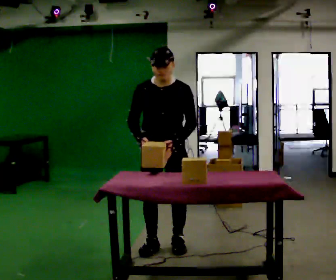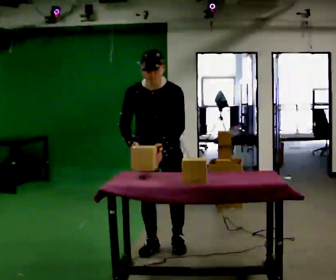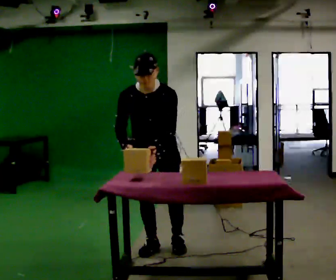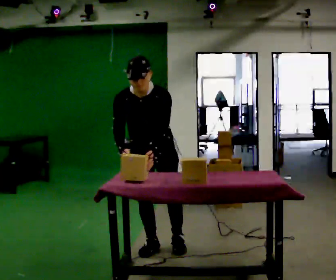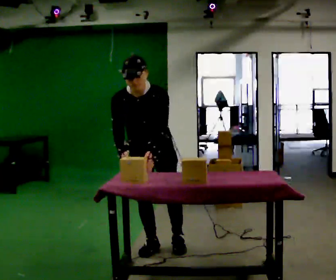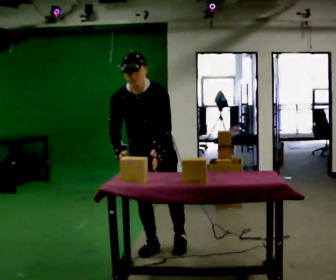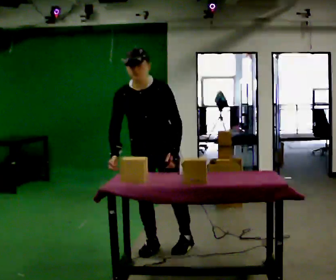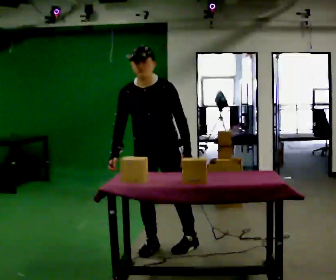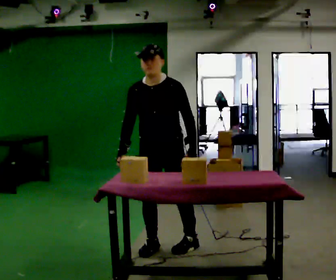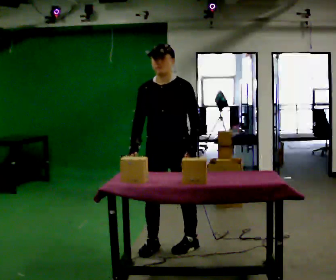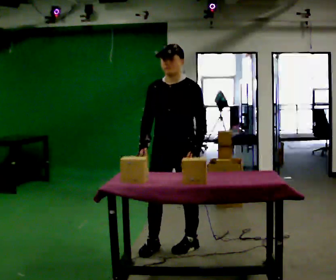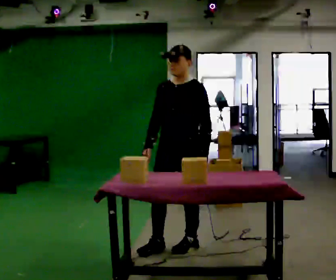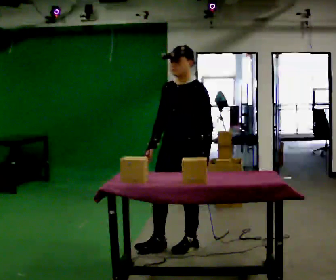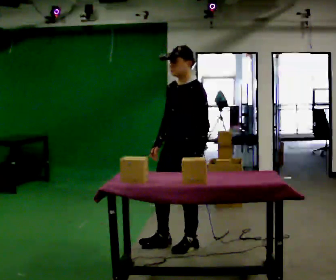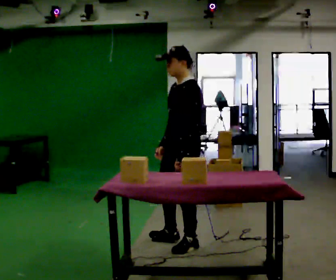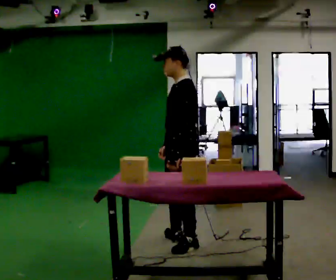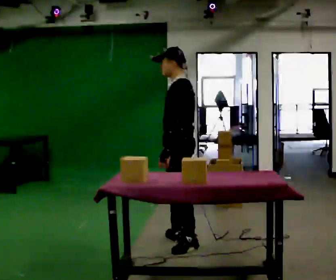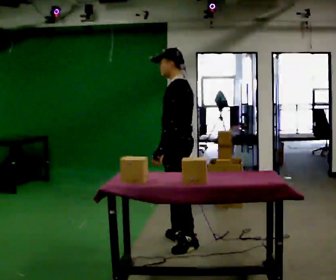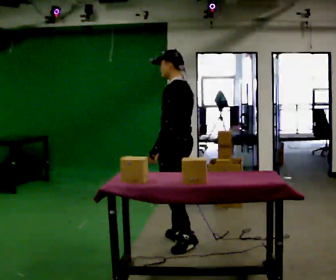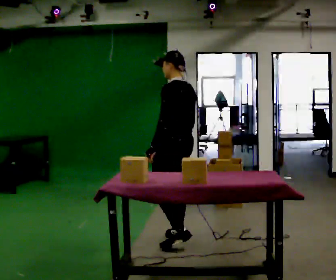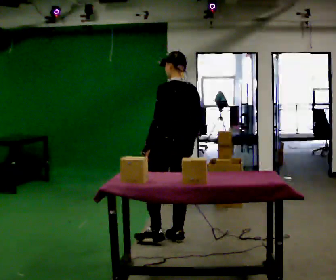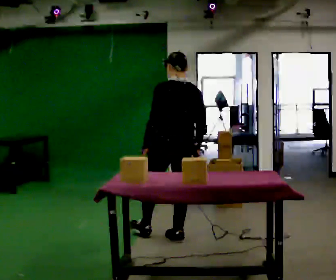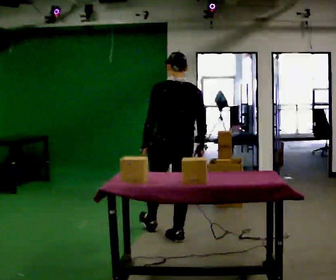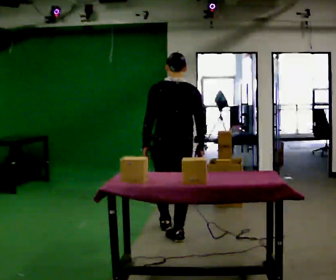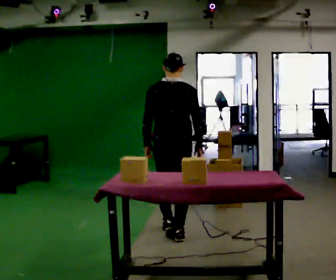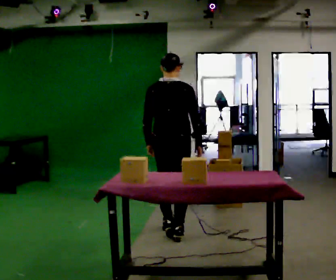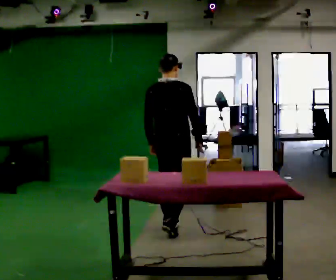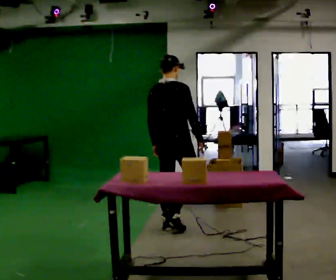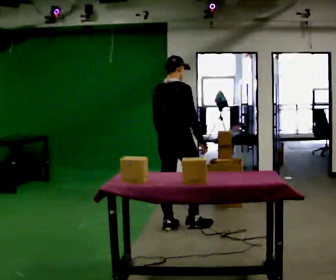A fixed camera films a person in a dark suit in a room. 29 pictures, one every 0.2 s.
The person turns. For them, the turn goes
to their right.
The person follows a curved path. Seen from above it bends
counterclockwise.
0.0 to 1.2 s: The person moves a little, or ends about where they began.
1.2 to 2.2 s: The person turns about 30 degrees to their right, clockwise seen from above, so the part of the body nearest the lens slides to the left. In the picture they go to the right, about 0.25 m, which for them is to their left. The upper body tips away from the camera, its near side rolling upward, as they lean back or straighten.
2.2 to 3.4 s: The person turns about 60 degrees to their right, clockwise seen from above, so the part of the body nearest the lens slides to the left. In the picture they go away from the camera, about 0.25 m in 1 step. In the picture their left hand goes to the left.
3.4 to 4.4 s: Seen from above the body turns clockwise, about 60 degrees: to their right, with its near side sliding to the left. In the picture they go away from the camera, about 0.25 m.
4.4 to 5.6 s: Seen from above the body turns clockwise, about 60 degrees: to their right, with its near side sliding to the left. In the picture they go away from the camera, about 0.25 m in 1 step, which for them is forward.
The film runs forward here.
